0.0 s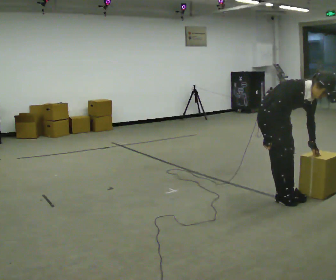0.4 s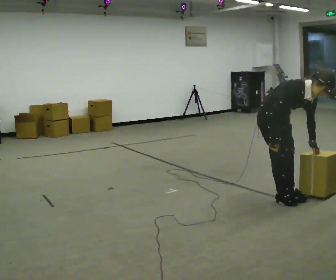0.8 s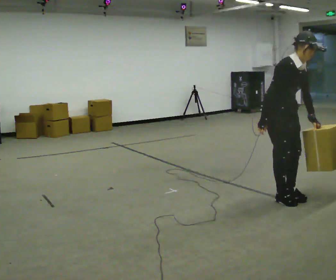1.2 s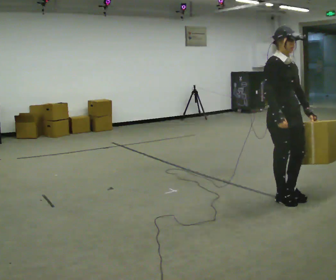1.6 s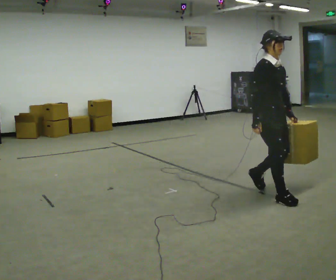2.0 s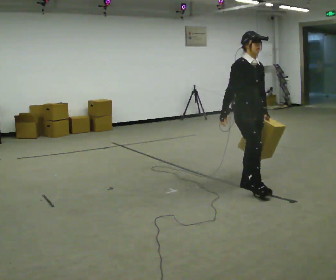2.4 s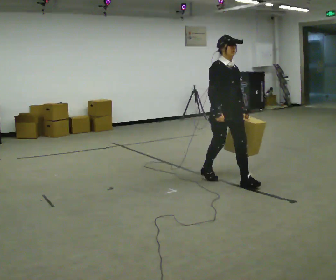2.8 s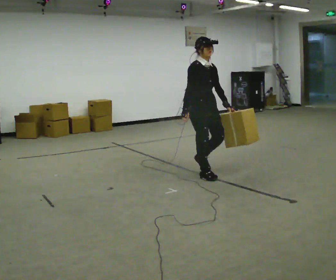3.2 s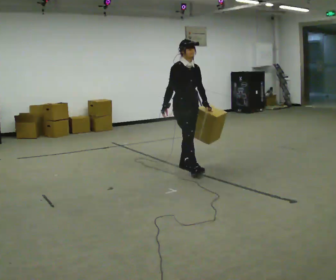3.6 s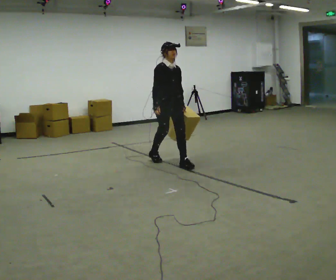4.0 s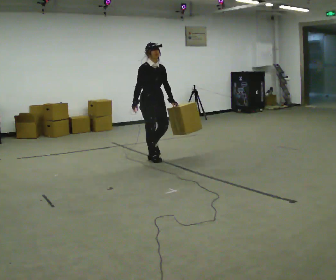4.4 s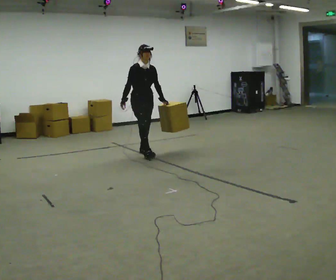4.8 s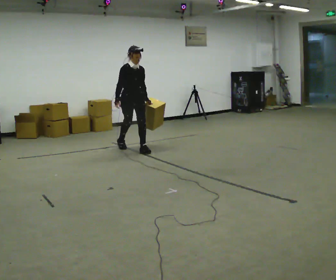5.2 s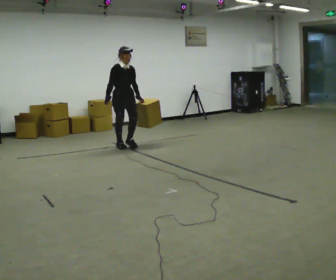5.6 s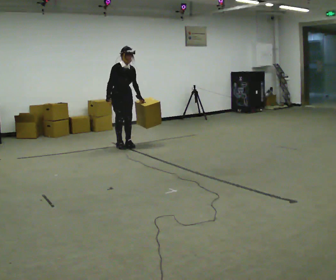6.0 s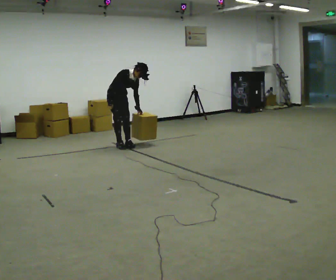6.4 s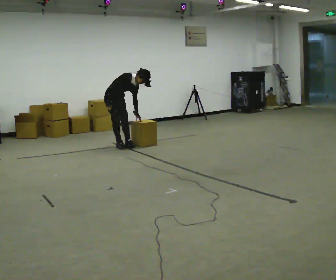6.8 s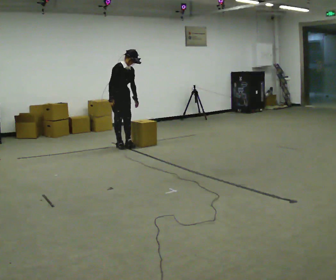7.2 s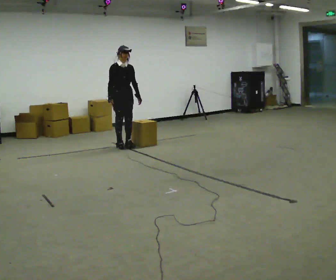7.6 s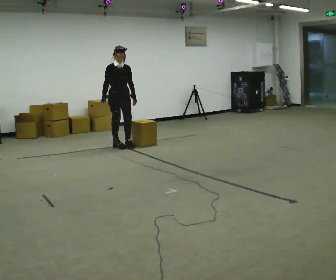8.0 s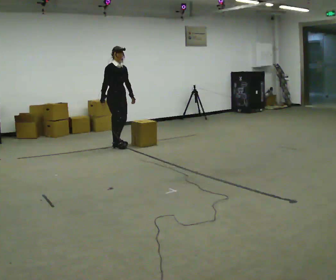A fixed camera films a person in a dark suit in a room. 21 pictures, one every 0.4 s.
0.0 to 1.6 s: The upper body tips away from the camera, its near side rolling upward, as they lean back or straighten.
1.6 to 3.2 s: In the picture they go away from the camera and to the left, about 1.5 m in 3 steps, which for them is backward.
3.2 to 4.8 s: In the picture they go away from the camera and to the left, about 1.5 m in 2 steps, which for them is backward.
4.8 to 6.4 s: Seen from above the body turns counterclockwise, about 30 degrees: to their left, with its near side sliding to the right. In the picture they go away from the camera and to the left, about 0.5 m in 1 step, which for them is backward. The upper body goes downward. In the picture the upper body tilts clockwise, shoulders to the right, as they bend forward.
6.4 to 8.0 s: The upper body goes upward. In the picture the upper body tilts counterclockwise, shoulders to the left, as they lean back or straighten.
The film runs backward here.
